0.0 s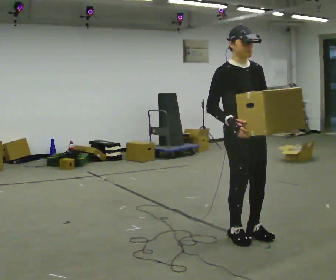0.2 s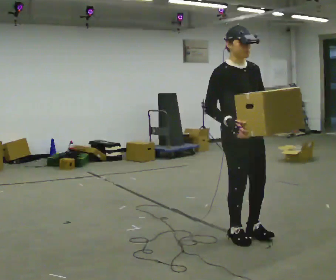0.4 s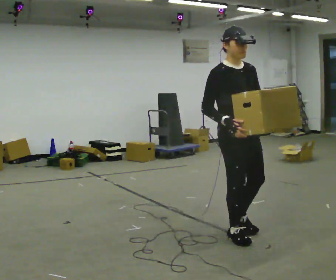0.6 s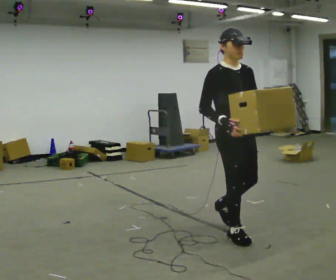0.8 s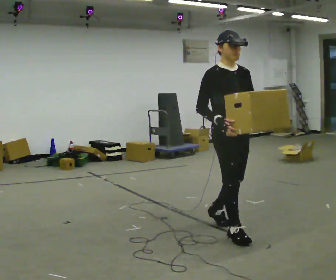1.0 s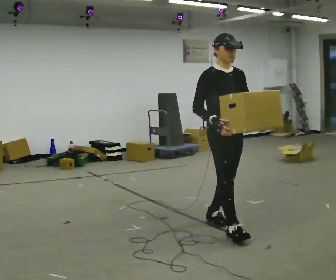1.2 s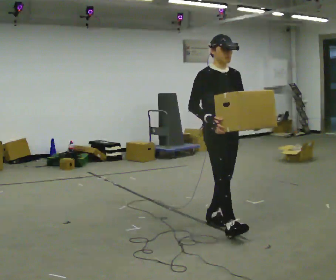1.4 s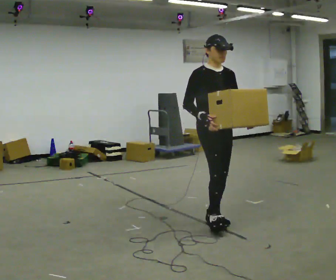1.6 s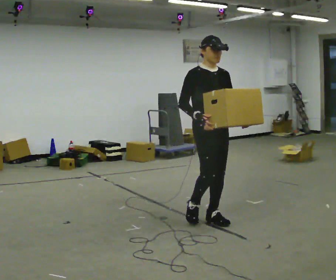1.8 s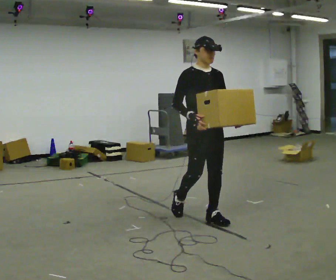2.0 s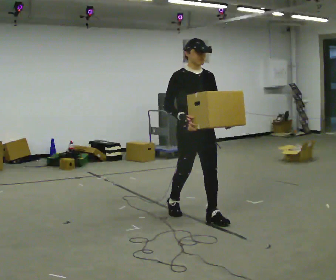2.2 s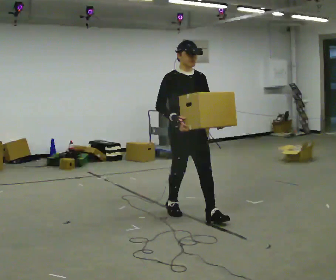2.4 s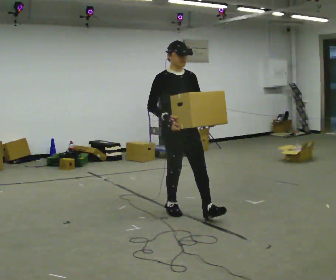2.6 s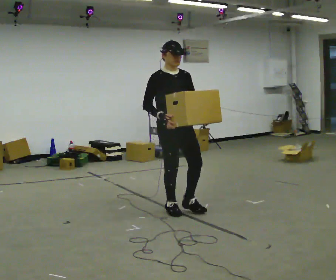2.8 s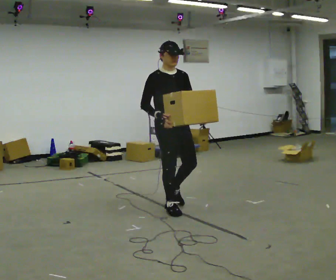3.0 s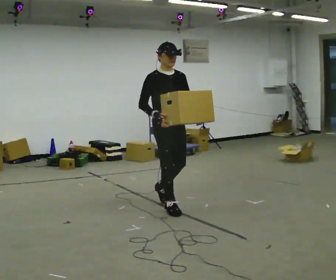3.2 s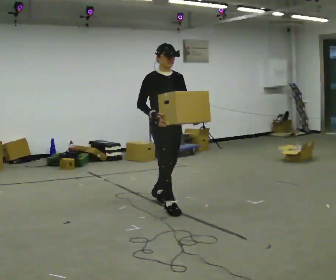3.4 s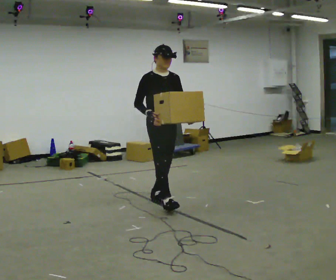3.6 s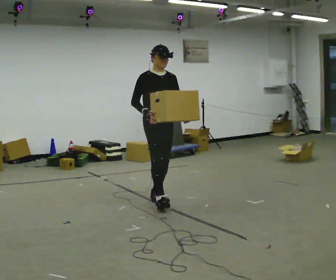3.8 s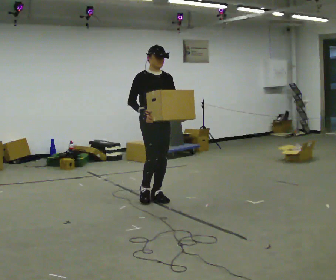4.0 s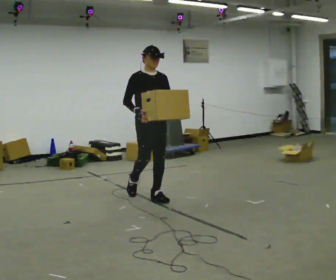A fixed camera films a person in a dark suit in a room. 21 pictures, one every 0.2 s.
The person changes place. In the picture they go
away from the camera.
0.0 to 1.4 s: In the picture they go away from the camera and to the left, about 0.5 m in 2 steps, which for them is backward.
1.4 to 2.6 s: In the picture they go away from the camera and to the left, about 0.5 m in 1 step, which for them is backward.
2.6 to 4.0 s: In the picture they go away from the camera and to the left, about 0.75 m in 1 step, which for them is backward.
The film runs backward here.
